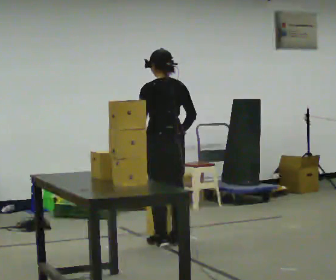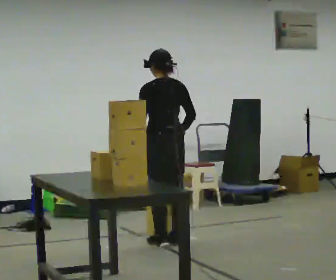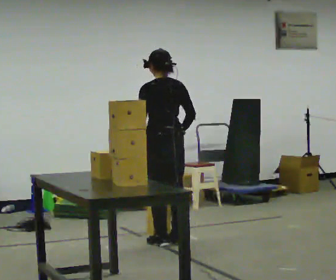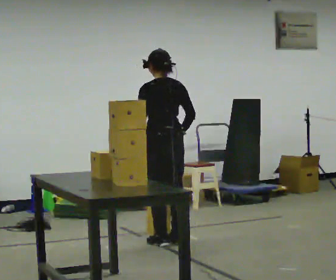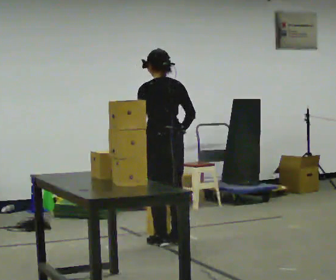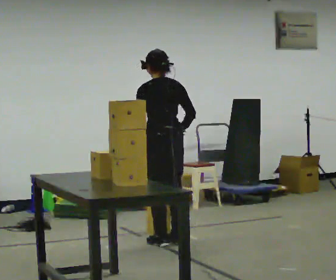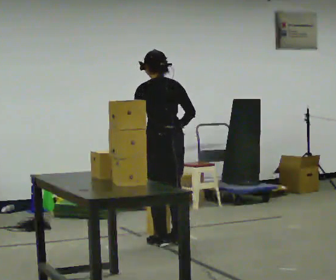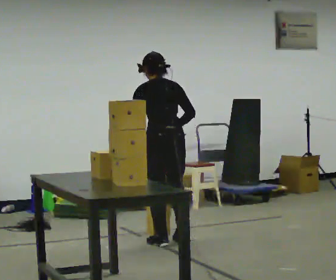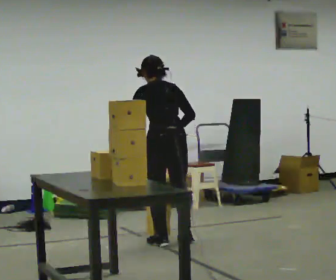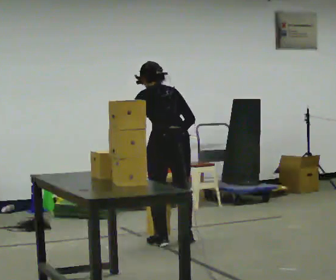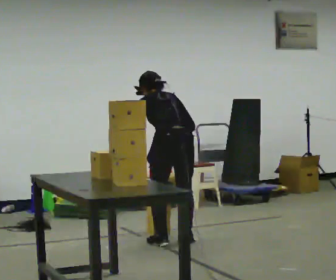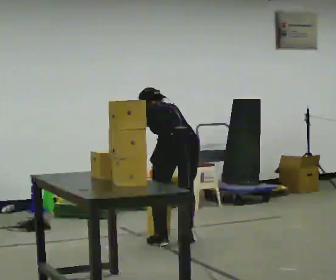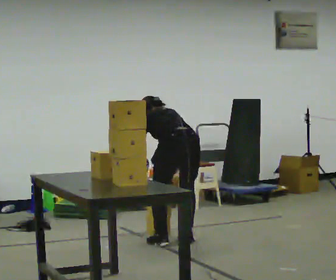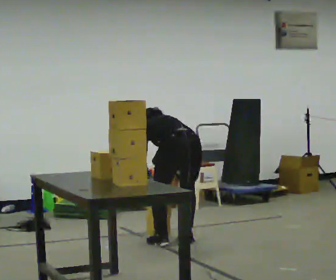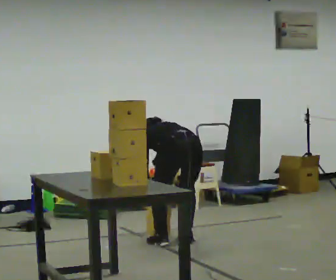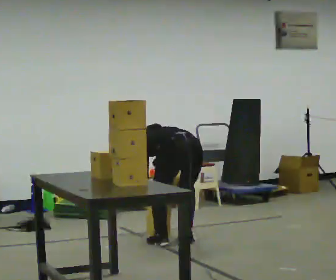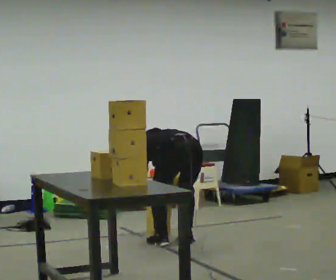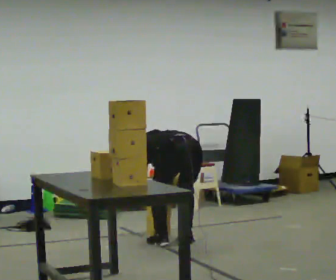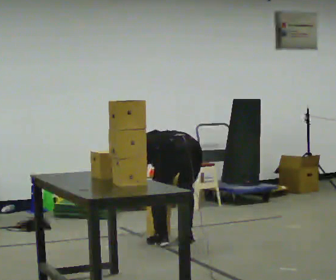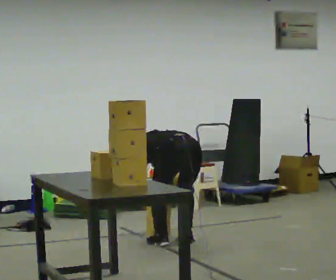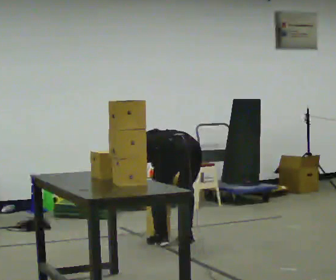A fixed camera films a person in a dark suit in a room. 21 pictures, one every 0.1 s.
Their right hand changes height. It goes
downward.
The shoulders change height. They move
downward.
0.0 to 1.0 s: The upper body tips away from the camera, its near side rolling upward, as they bend forward.
1.0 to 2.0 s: The upper body goes downward. The upper body tips away from the camera, its near side rolling upward, as they bend forward. In the picture their right hand goes downward.
The film runs backward here.
